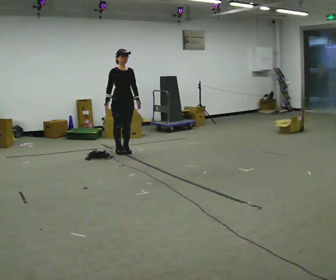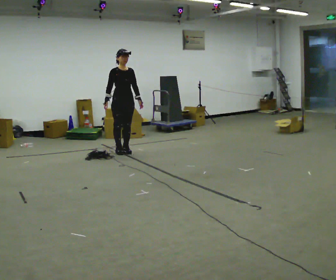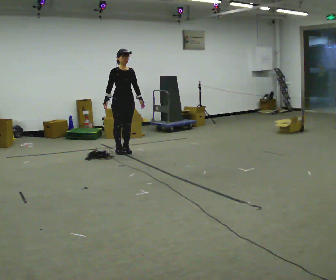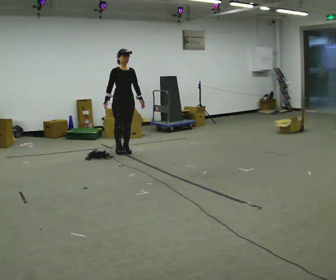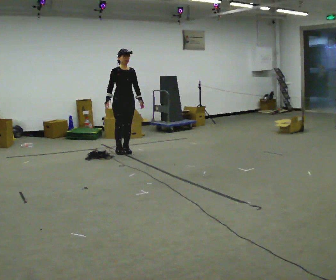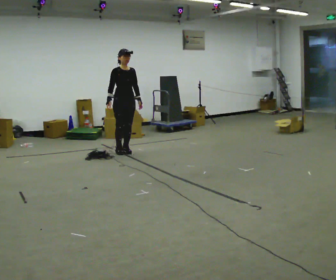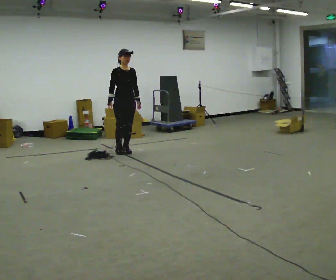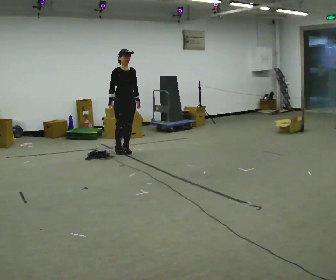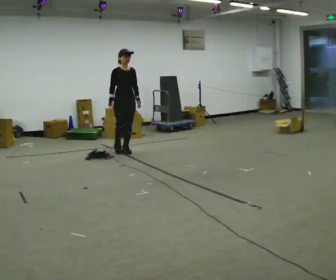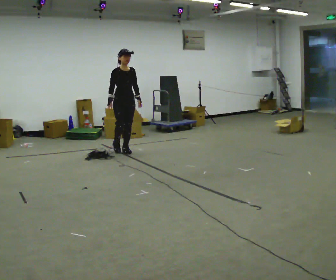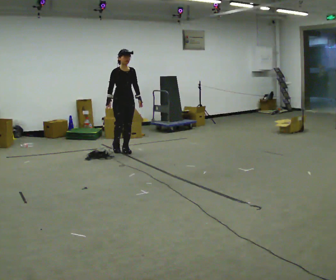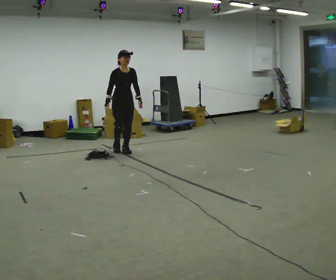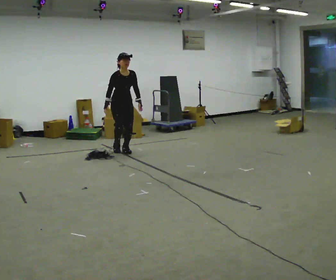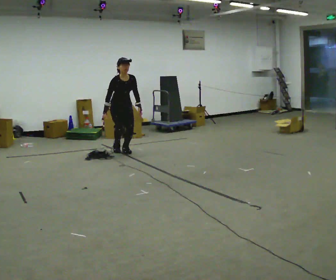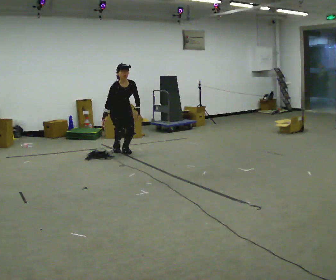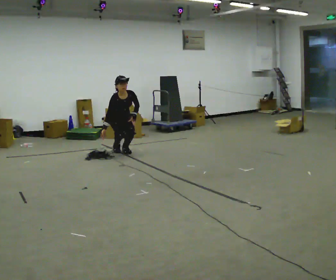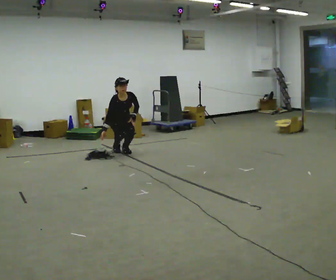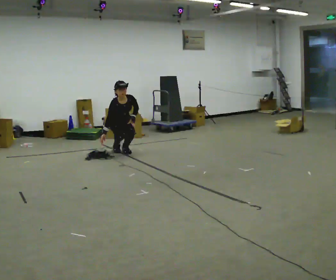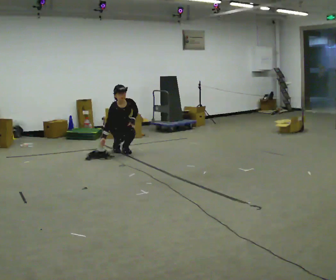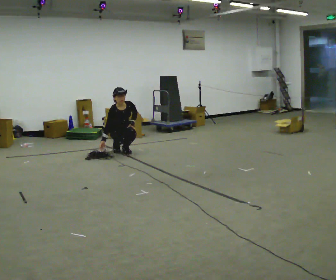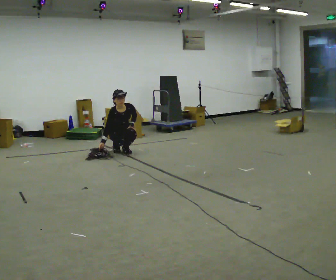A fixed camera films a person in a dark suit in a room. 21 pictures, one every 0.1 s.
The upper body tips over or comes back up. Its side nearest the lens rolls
downward.
Their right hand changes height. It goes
downward.
0.0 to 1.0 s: The person moves a little, or ends about where they began.
1.0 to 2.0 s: The shoulders move downward. The upper body tips toward the camera, its near side rolling downward, as they bend forward. In the picture their left hand goes downward.
The film runs backward here.
